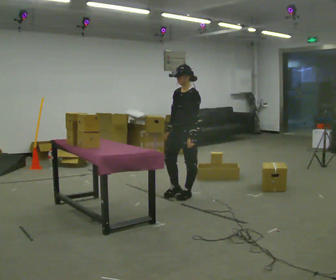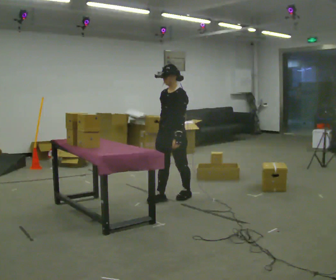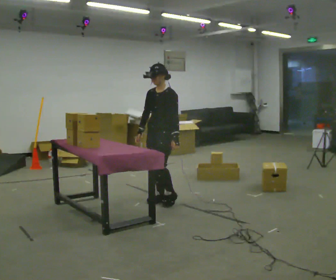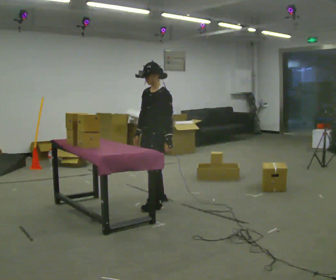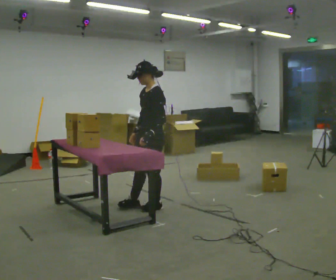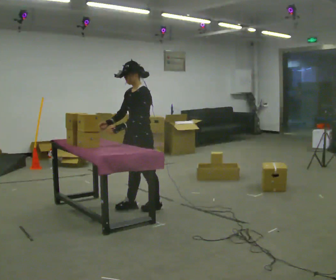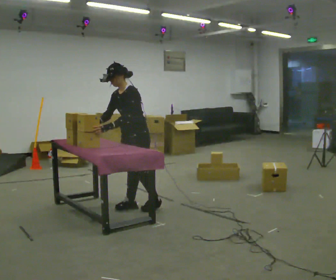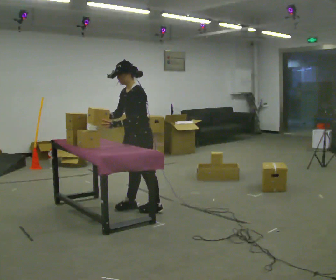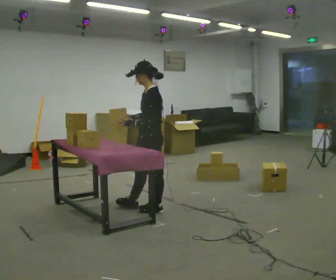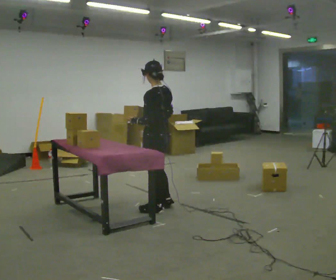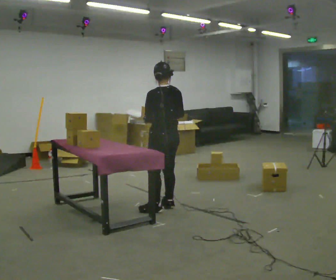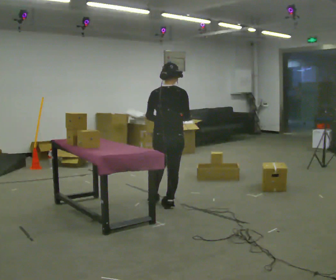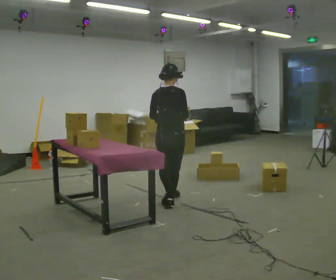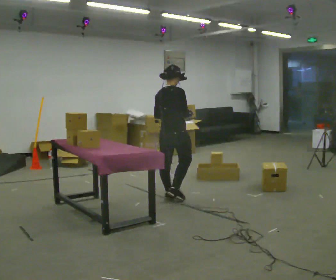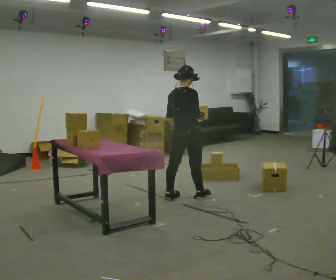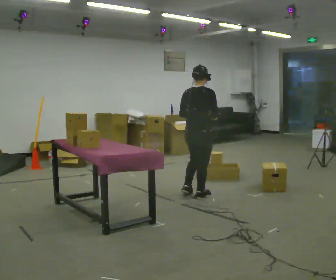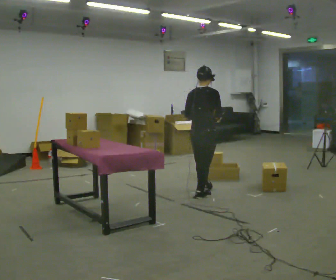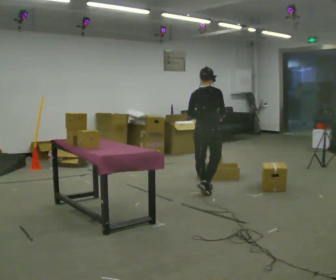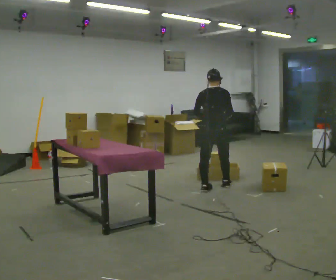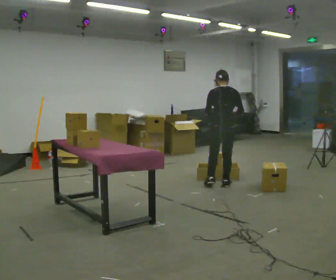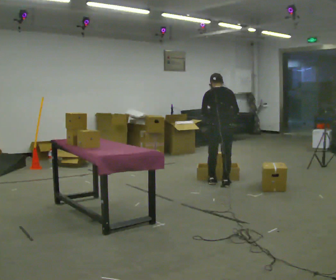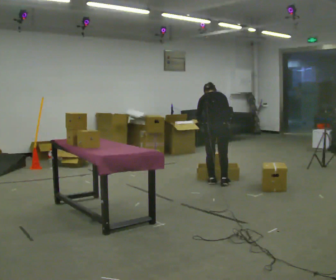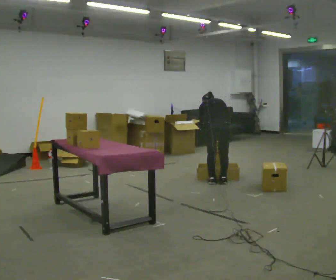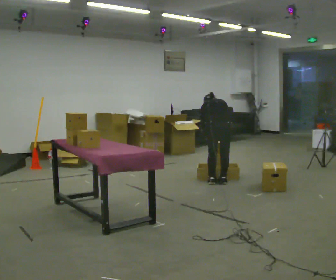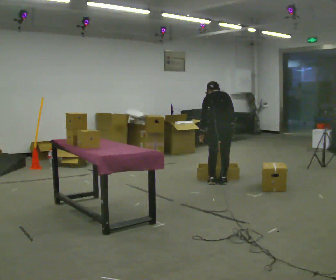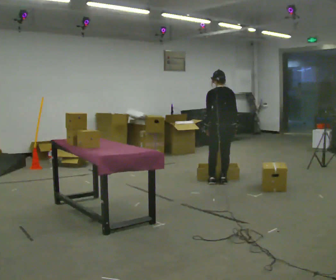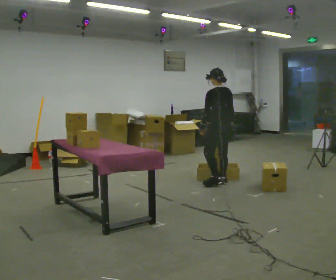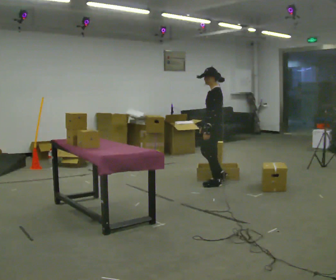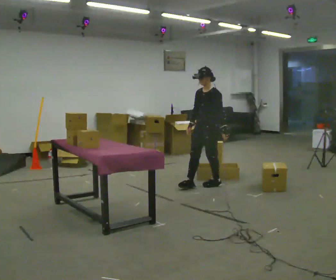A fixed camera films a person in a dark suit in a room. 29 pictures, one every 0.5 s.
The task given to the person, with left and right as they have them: 1. Take the objects out of the box on the table one at a time. 2. Put each one in the bin the operator has labelled for it. 3. Tell the operator when you are finished.
0.0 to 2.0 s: In the picture they go toward the camera and to the left, about 0.5 m in 2 steps, which for them is forward.
2.0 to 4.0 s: The person moves a little, or ends about where they began.
4.0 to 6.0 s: Seen from above the body turns clockwise, about 120 degrees: to their right, with its near side sliding to the left. In the picture they go away from the camera and to the right, about 0.25 m in 2 steps.
6.0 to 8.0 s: In the picture they go to the right and away from the camera, about 0.5 m in 2 steps, which for them is forward.
8.0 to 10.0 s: Seen from above the body turns counterclockwise, about 30 degrees: to their left, with its near side sliding to the right. In the picture they go away from the camera and to the right, about 0.5 m in 2 steps, which for them is forward.
10.0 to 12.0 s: The person moves a little, or ends about where they began.
12.0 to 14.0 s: The person turns about 120 degrees to their left, counterclockwise seen from above, so the part of the body nearest the lens slides to the right. In the picture they go to the left, about 0.25 m in 1 step. The upper body tips toward the camera, its near side rolling downward, as they lean back or straighten.
The film runs forward here.
